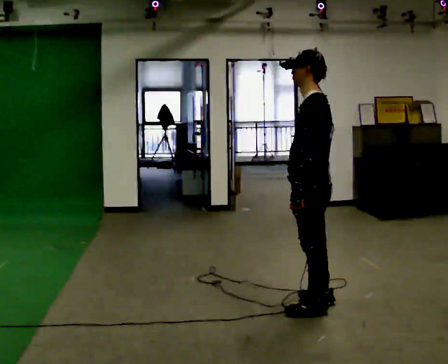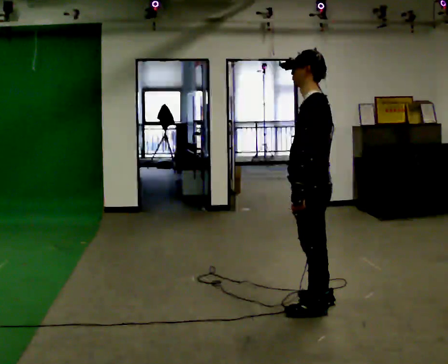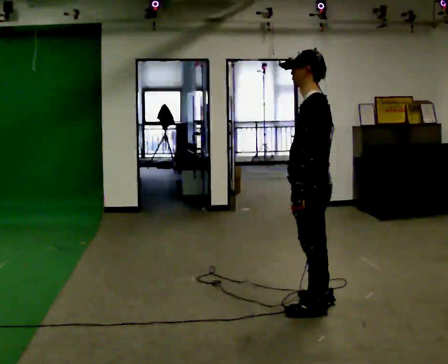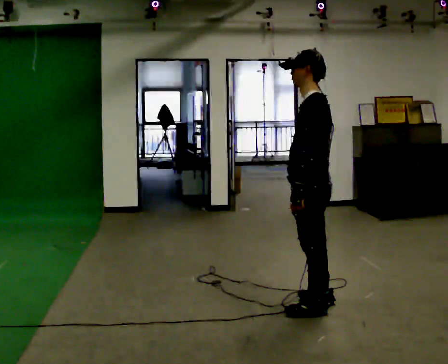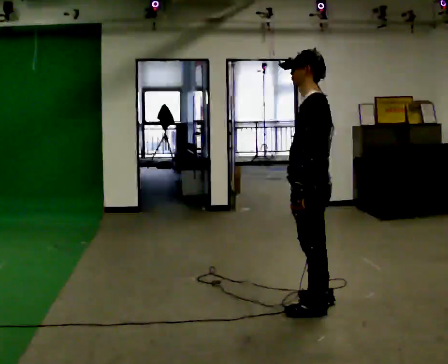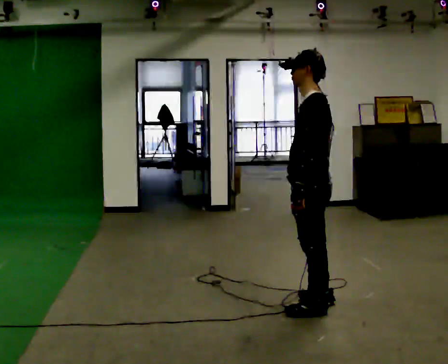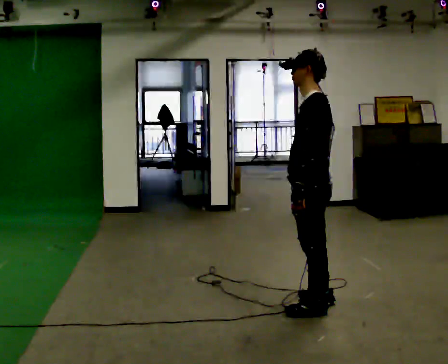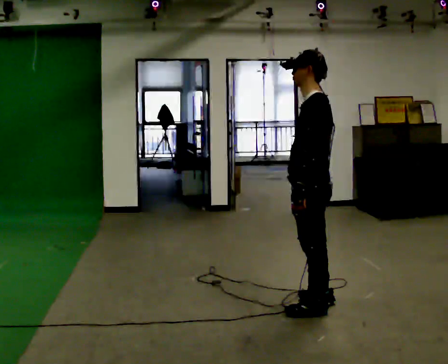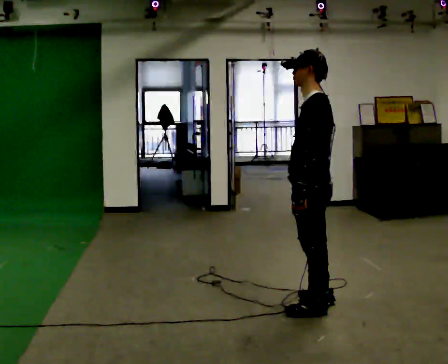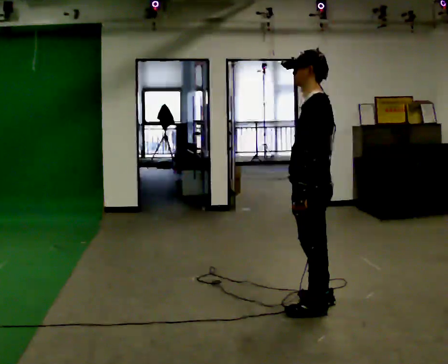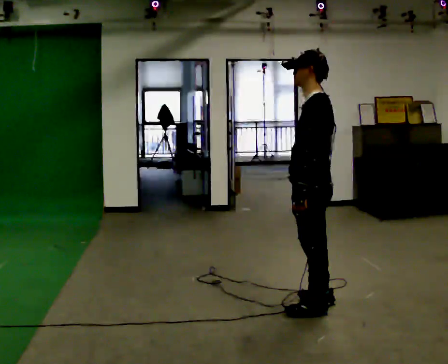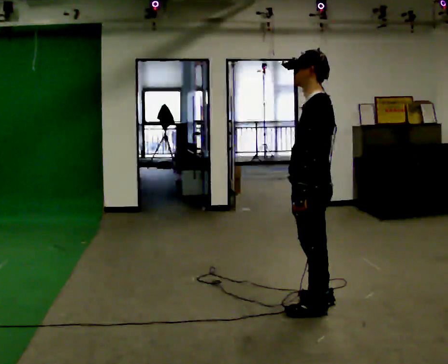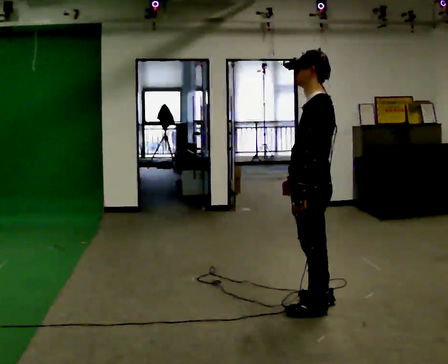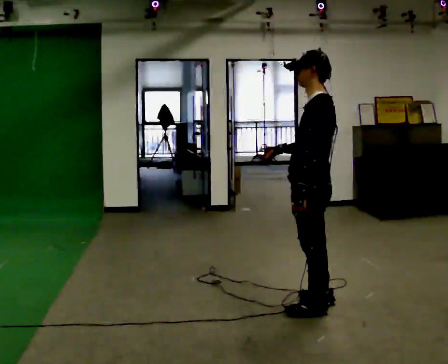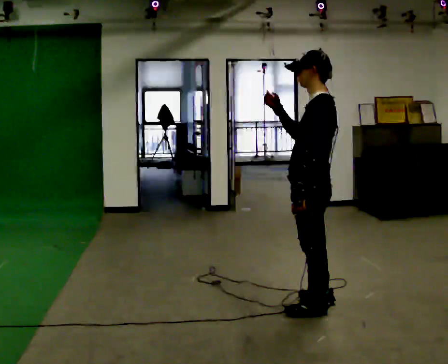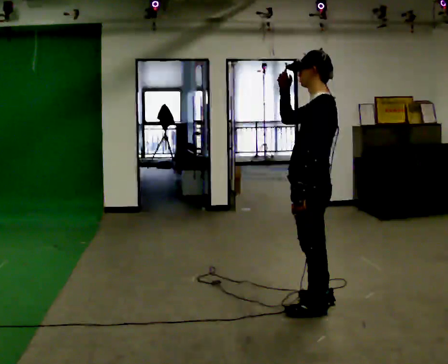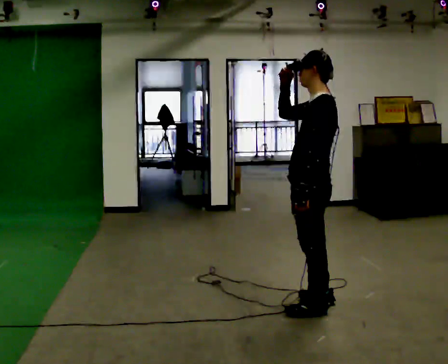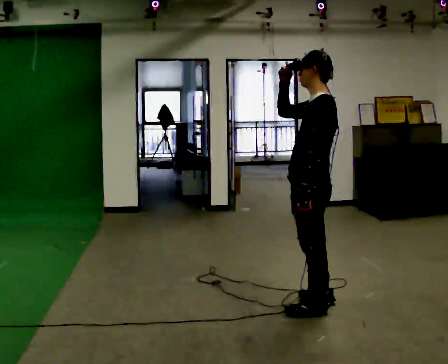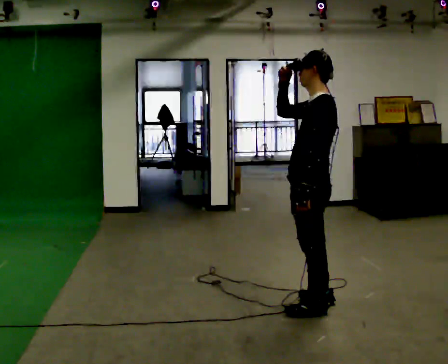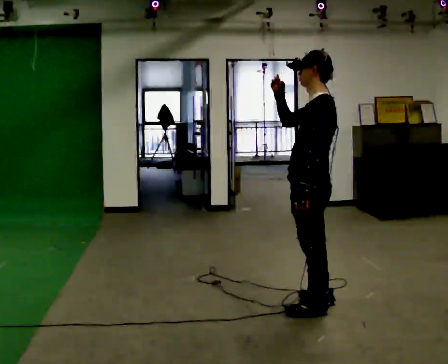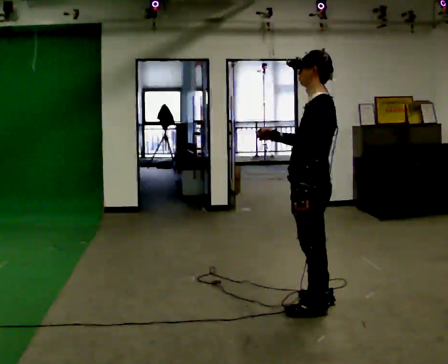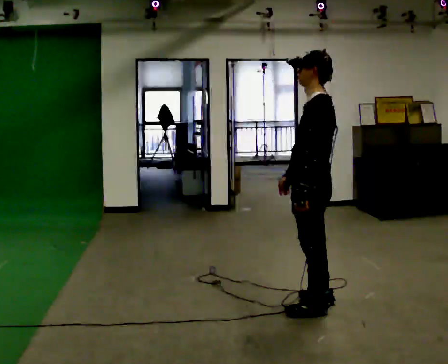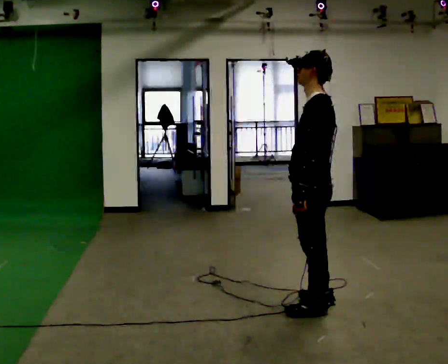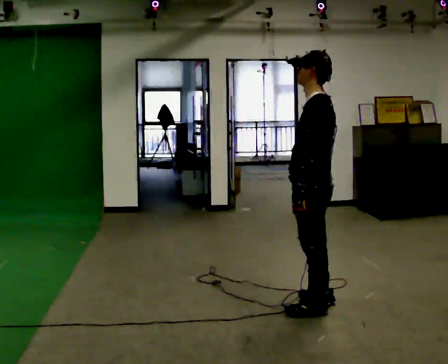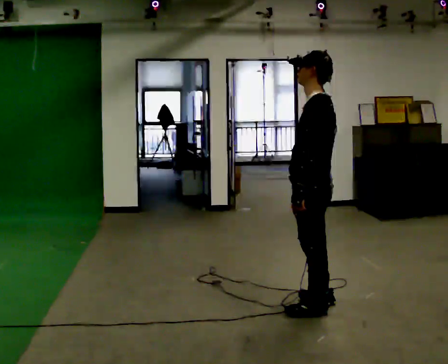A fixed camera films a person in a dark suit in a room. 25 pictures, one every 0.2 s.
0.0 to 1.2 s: The person keeps their place and pose.
1.2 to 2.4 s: The person moves a little, or ends about where they began.
2.4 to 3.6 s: In the picture their right hand goes upward.
3.6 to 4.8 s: In the picture their right hand goes downward.
The film runs forward here.
